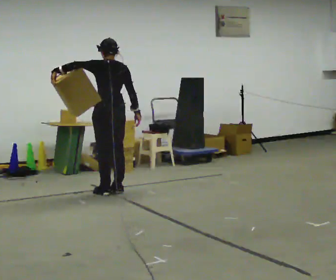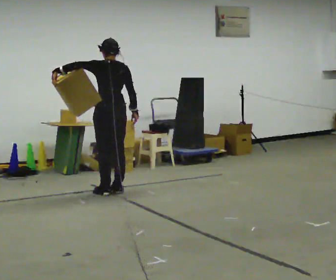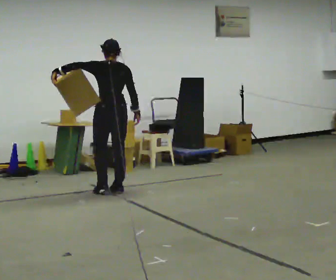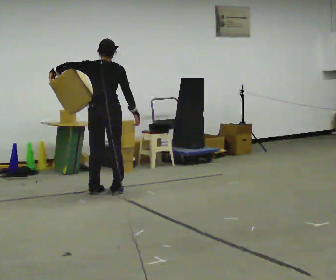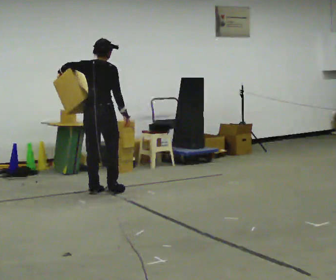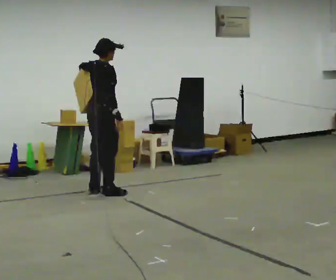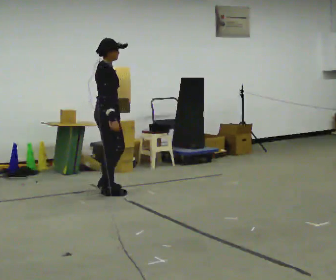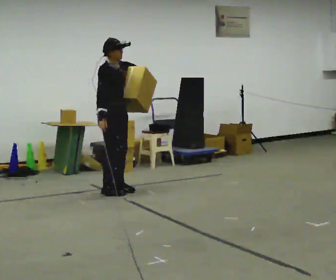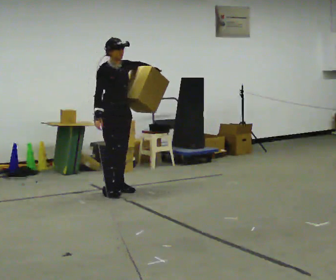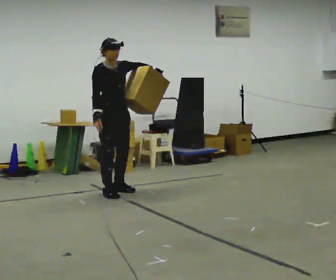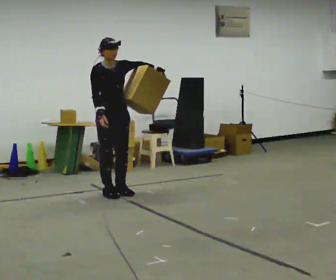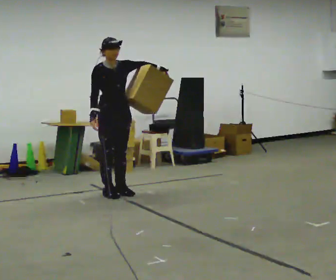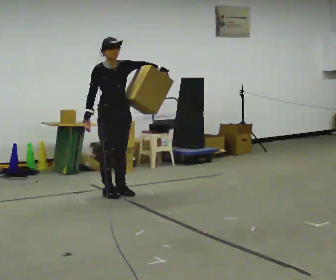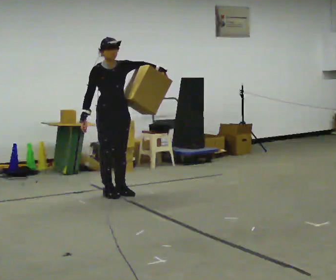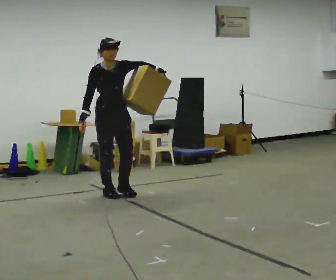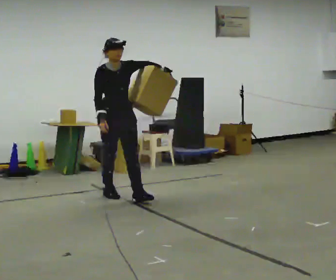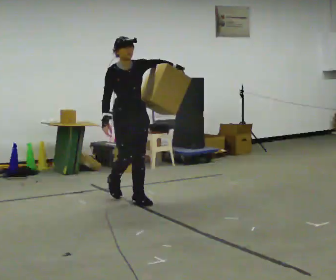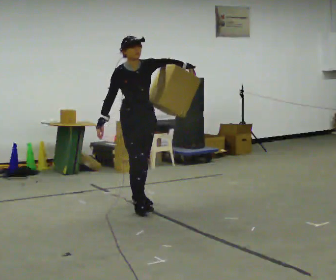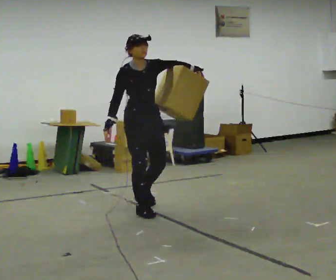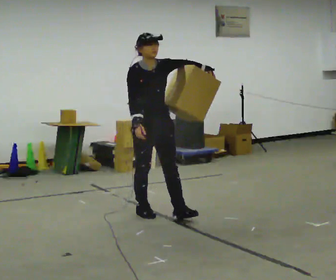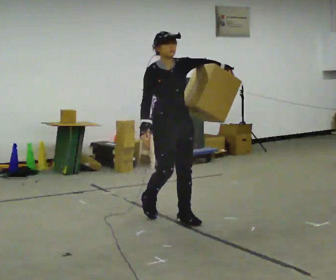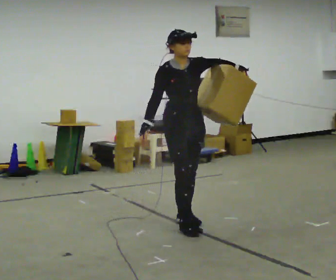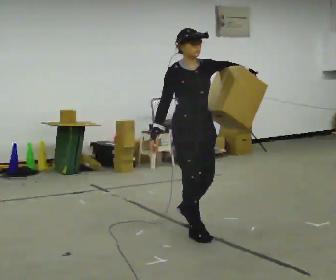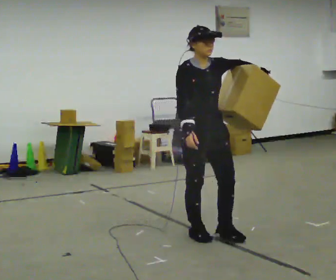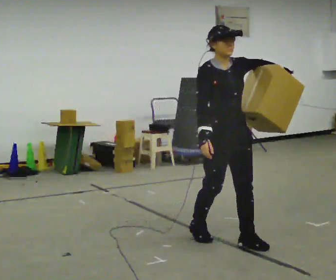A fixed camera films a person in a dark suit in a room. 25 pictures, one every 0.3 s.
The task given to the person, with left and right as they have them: Hold the object against your hip on the side the operator calls, and carry it back and forth across the room.
0.0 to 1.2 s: The person turns about 60 degrees to their right, clockwise seen from above, so the part of the body nearest the lens slides to the left.
1.2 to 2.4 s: The part of the body nearest the lens slides to the left as the person turns to their right by about 105 degrees. In the picture they go to the right, about 0.25 m in 1 step. In the picture their left hand goes to the right.
2.4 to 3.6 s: The person moves a little, or ends about where they began.
3.6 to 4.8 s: In the picture they go toward the camera and to the right, about 0.25 m in 1 step, which for them is forward.
4.8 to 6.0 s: In the picture they go toward the camera and to the right, about 1 m in 2 steps, which for them is forward.
6.0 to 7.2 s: In the picture they go toward the camera and to the right, about 1 m in 2 steps, which for them is forward.
The film runs forward here.
